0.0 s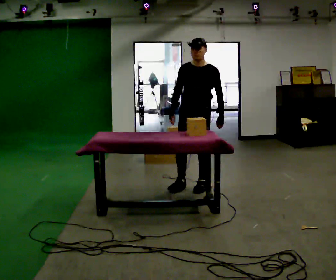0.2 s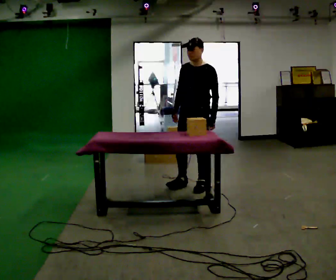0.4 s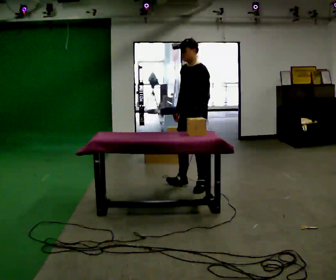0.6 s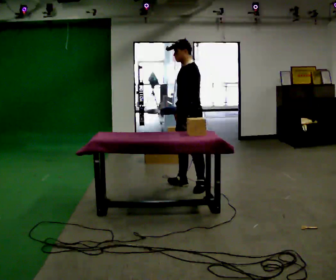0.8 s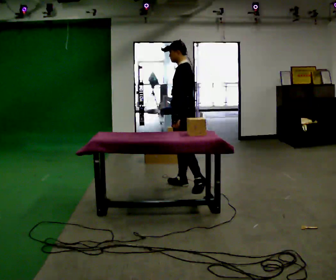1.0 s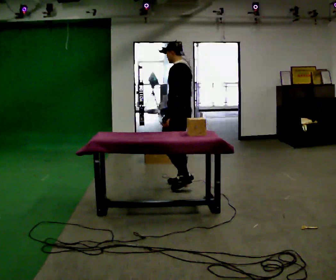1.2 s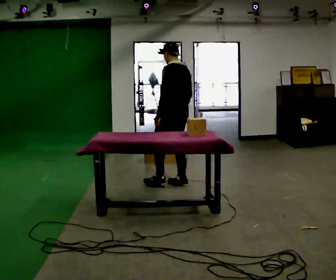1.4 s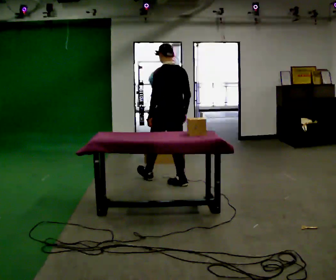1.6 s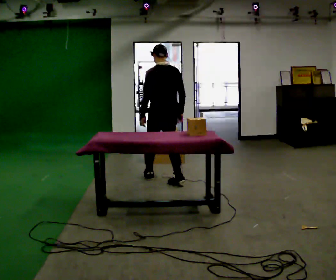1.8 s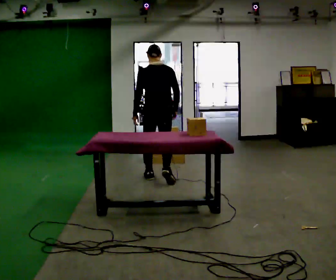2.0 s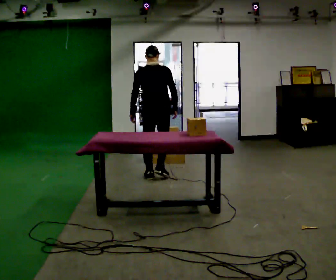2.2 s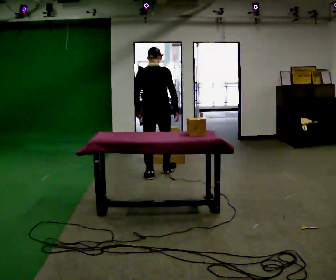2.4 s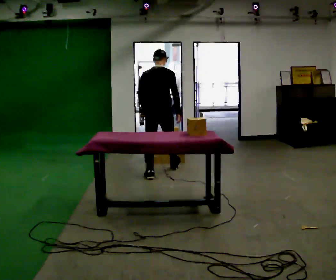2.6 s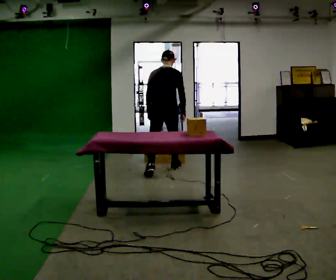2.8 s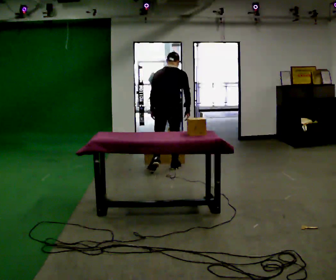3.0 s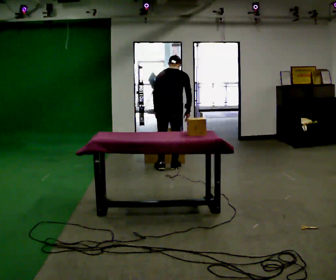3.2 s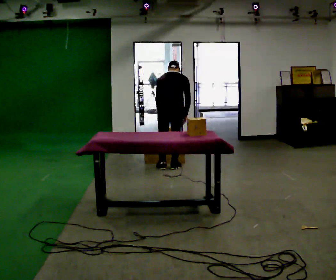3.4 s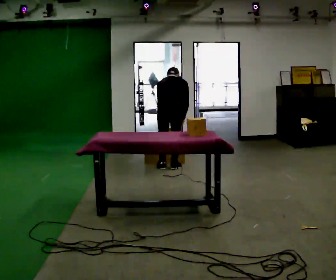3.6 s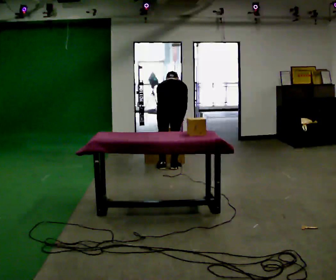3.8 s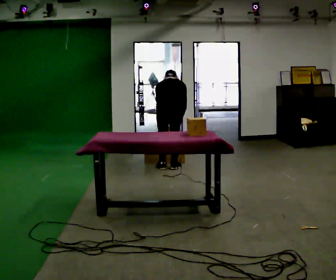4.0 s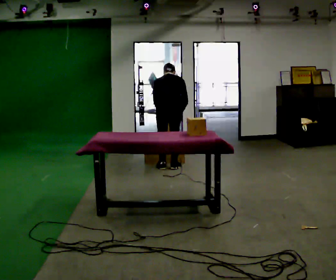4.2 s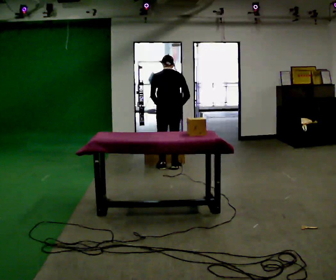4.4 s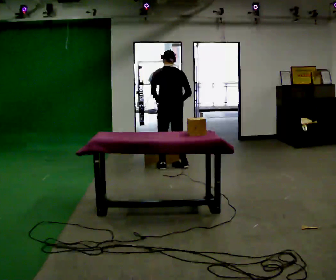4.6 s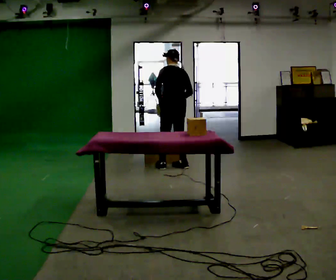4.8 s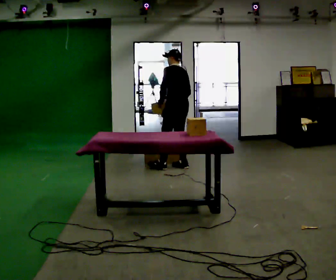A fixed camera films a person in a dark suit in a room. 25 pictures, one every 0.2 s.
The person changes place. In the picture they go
away from the camera.
The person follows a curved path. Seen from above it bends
clockwise.
0.0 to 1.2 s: Seen from above the body turns clockwise, about 105 degrees: to their right, with its near side sliding to the left. In the picture they go to the left and away from the camera, about 0.25 m in 1 step.
1.2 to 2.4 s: The person turns about 60 degrees to their right, clockwise seen from above, so the part of the body nearest the lens slides to the left. In the picture they go away from the camera and to the left, about 0.5 m in 2 steps, which for them is forward and to their left.
2.4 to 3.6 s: In the picture they go away from the camera, about 0.25 m in 1 step, which for them is forward. The shoulders move downward. The upper body tips away from the camera, its near side rolling upward, as they bend forward.
3.6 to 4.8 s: Seen from above the body turns counterclockwise, about 60 degrees: to their left, with its near side sliding to the right. In the picture they go away from the camera, about 0.25 m in 1 step, which for them is to their right and forward. The upper body goes upward. The upper body tips toward the camera, its near side rolling downward, as they lean back or straighten. In the picture their left hand goes upward.
The film runs forward here.
